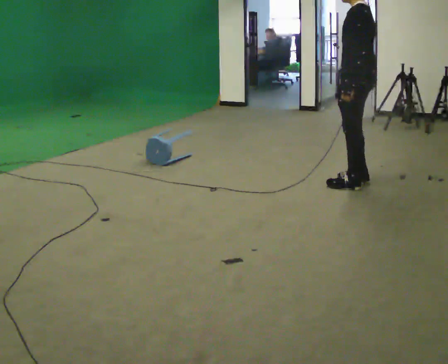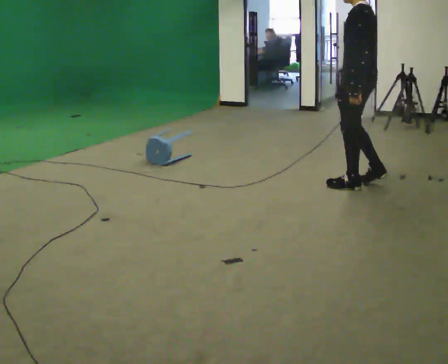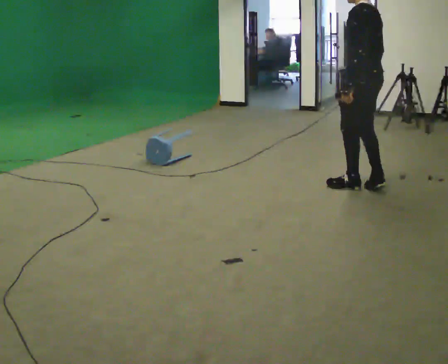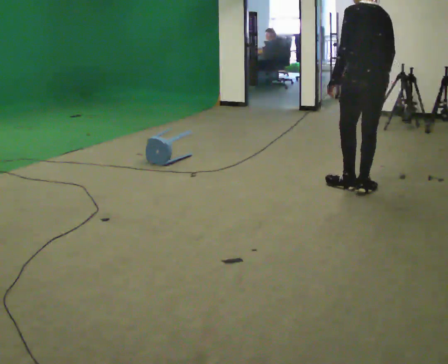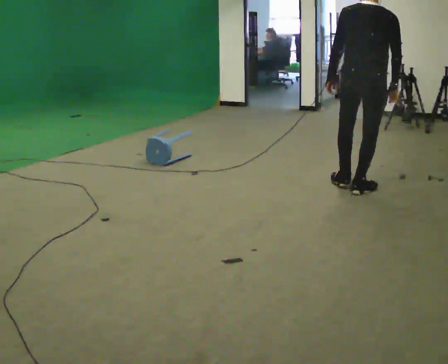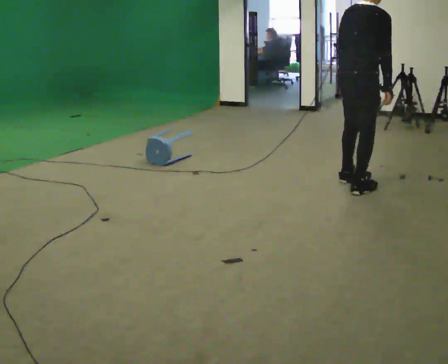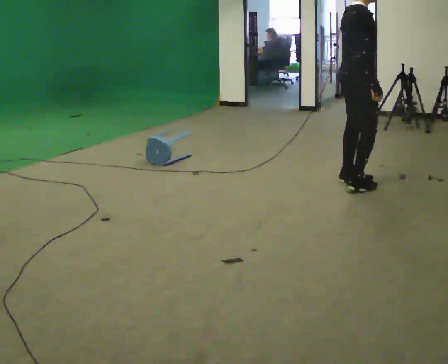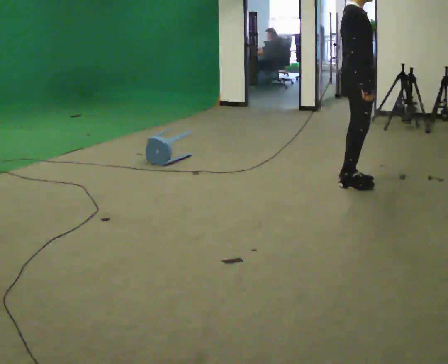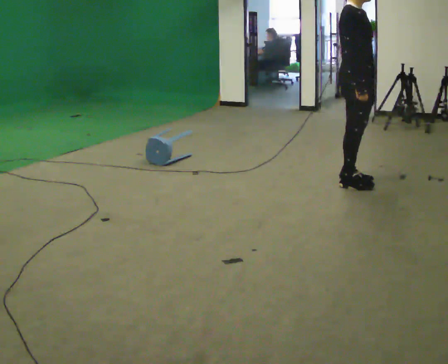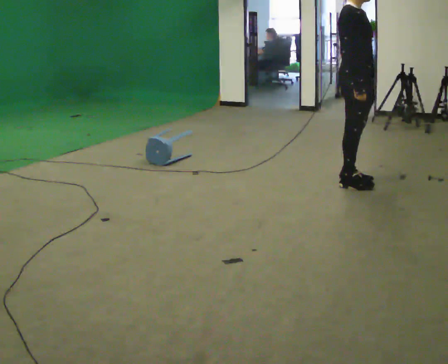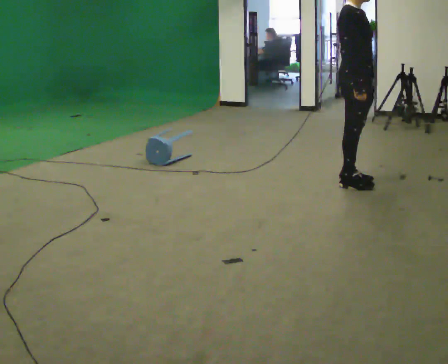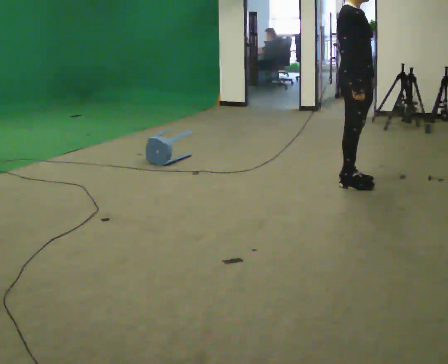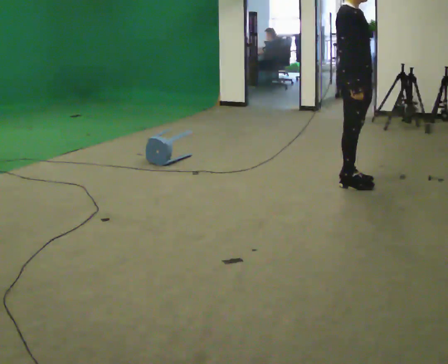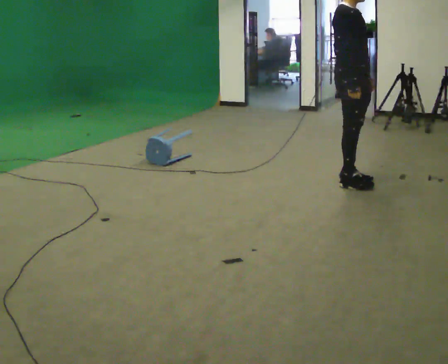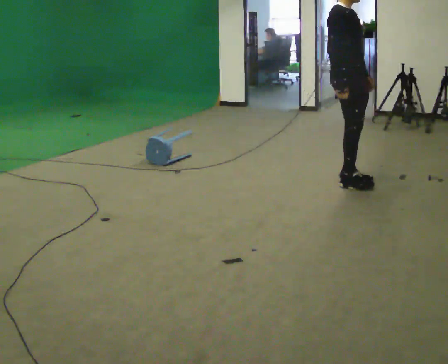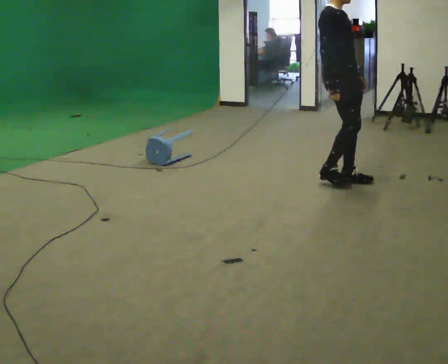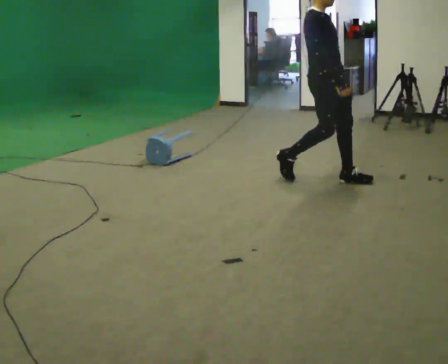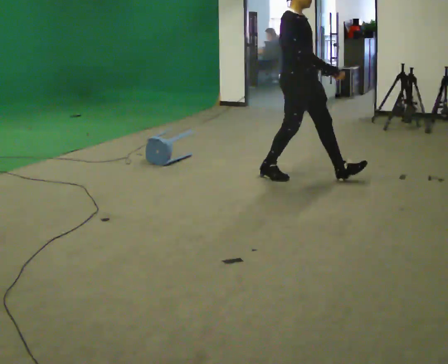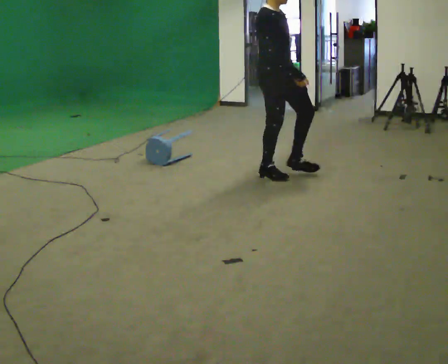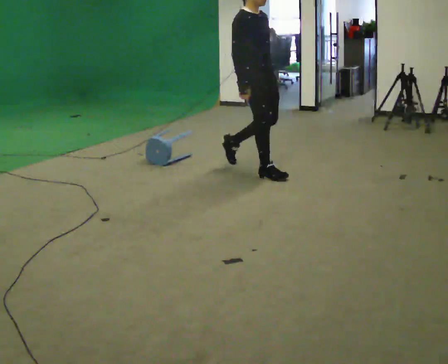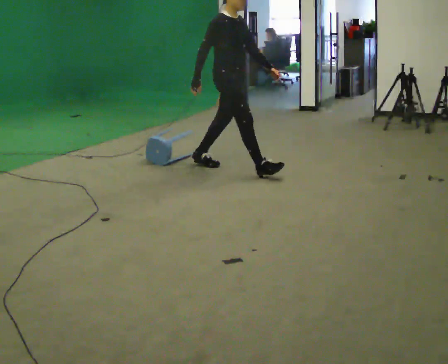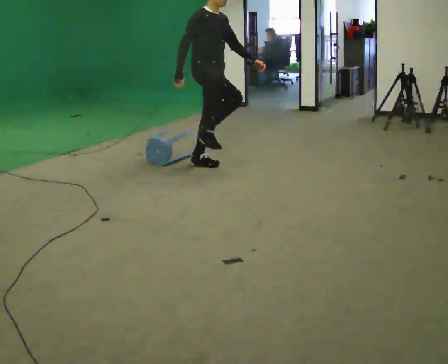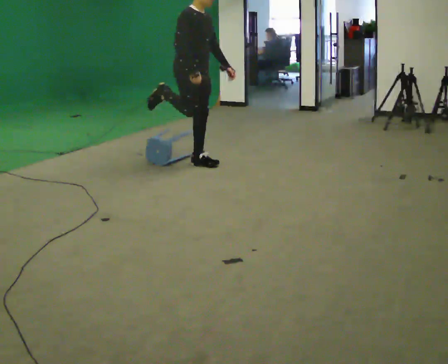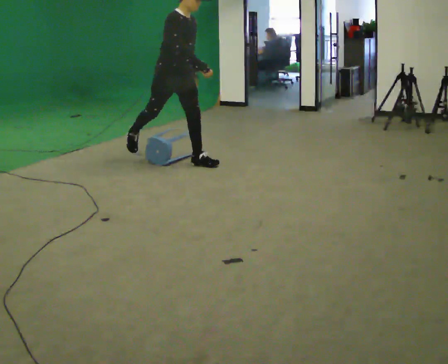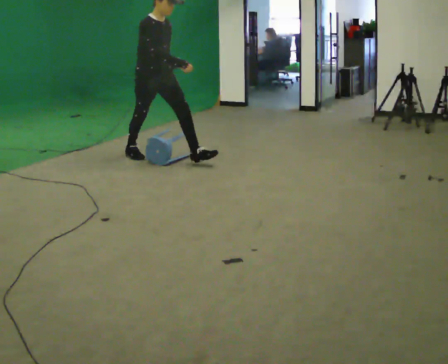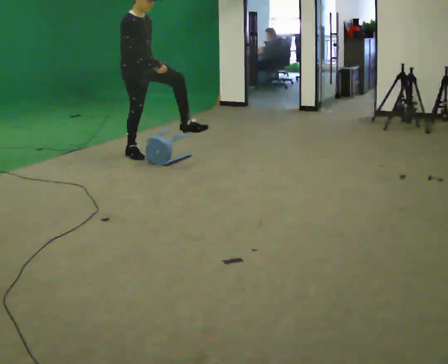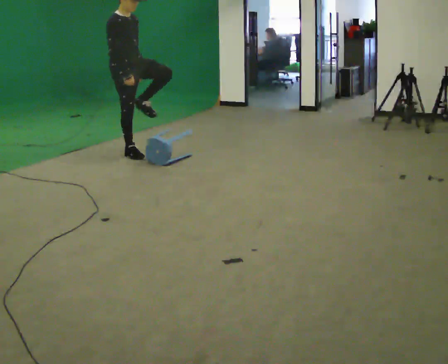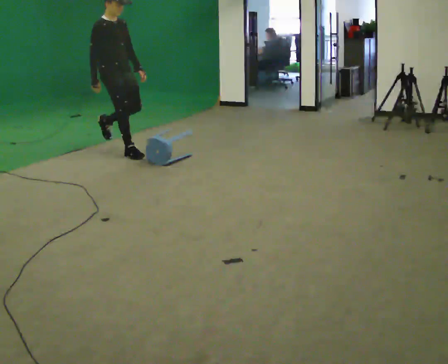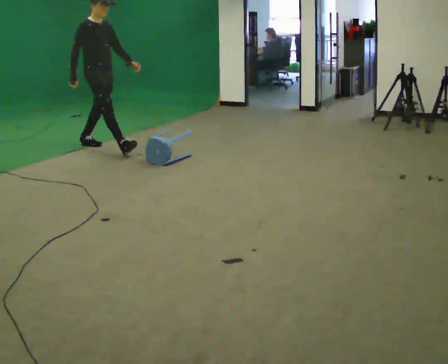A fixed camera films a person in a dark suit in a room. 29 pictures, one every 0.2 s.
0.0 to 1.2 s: The person turns about 150 degrees to their right, clockwise seen from above, so the part of the body nearest the lens slides to the left.
1.2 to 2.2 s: The person turns about 30 degrees to their right, clockwise seen from above, so the part of the body nearest the lens slides to the left.
2.2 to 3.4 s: In the picture they go to the left, about 0.5 m in 2 steps, which for them is backward.
3.4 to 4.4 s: In the picture they go to the left, about 1 m in 1 step, which for them is backward.
4.4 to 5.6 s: In the picture they go to the left, about 1 m in 2 steps, which for them is backward.
The film runs backward here.
